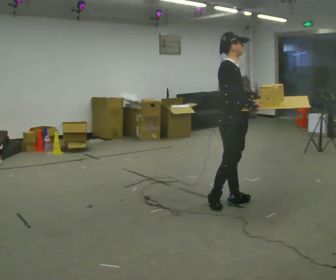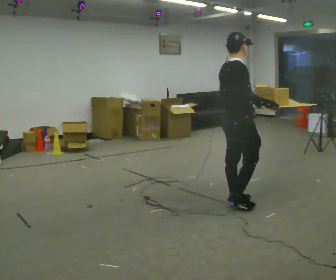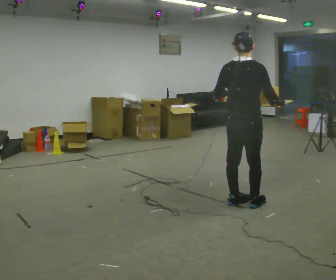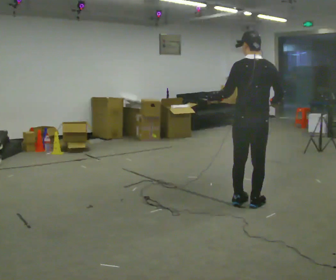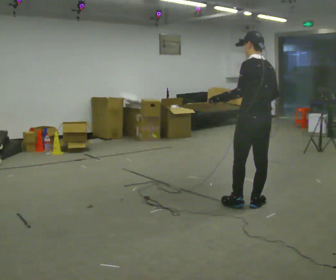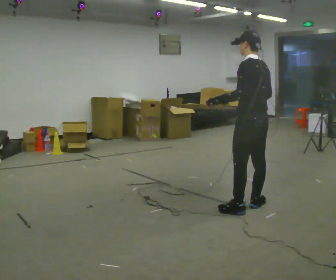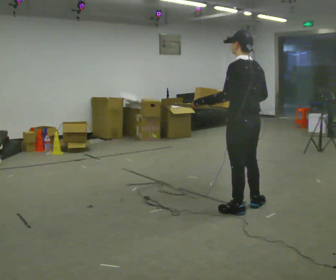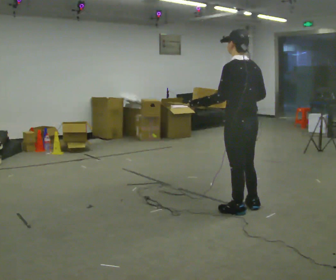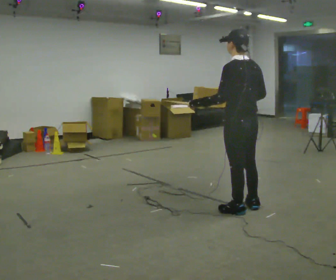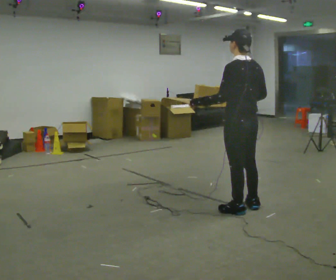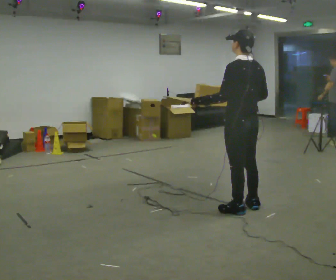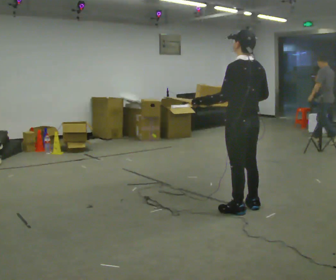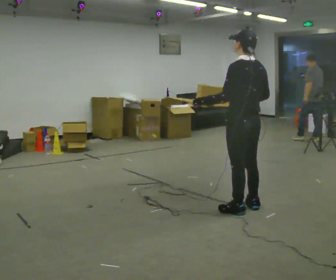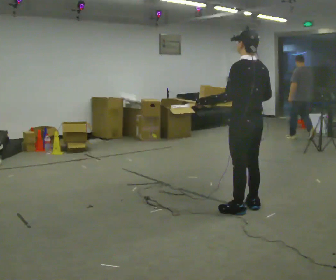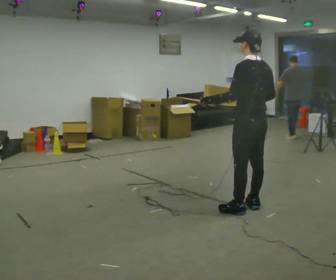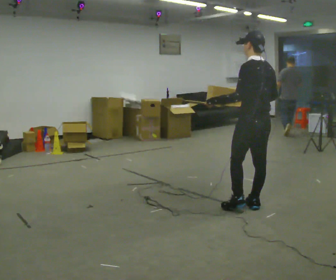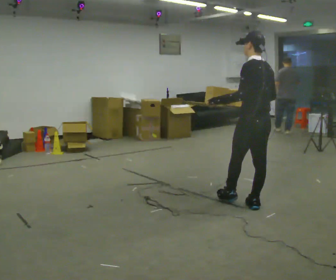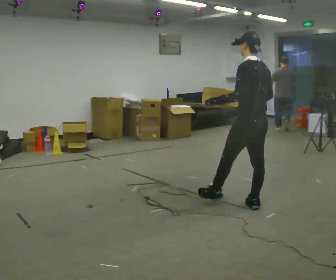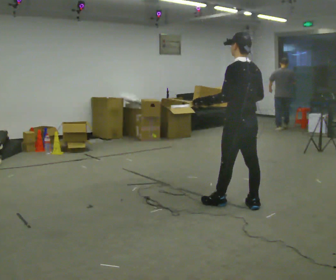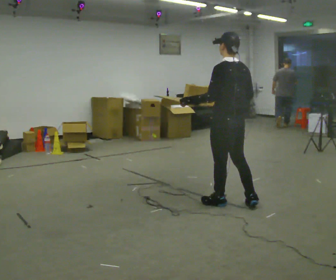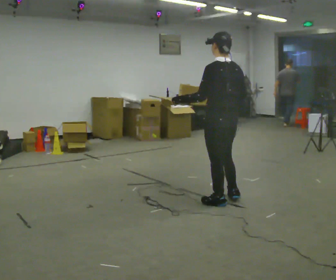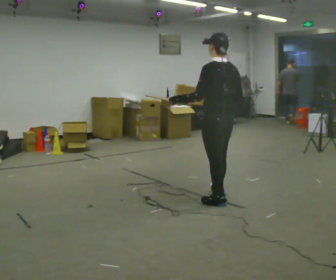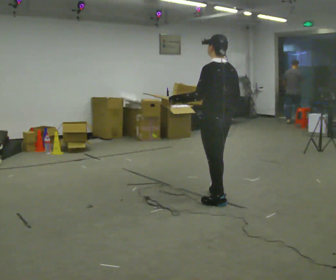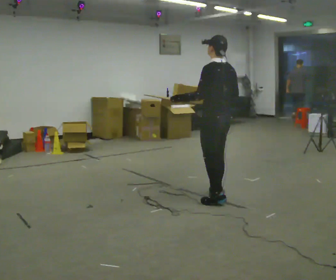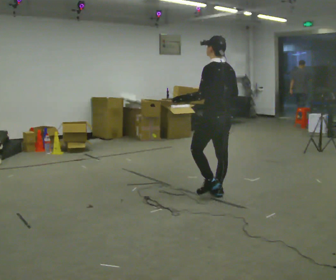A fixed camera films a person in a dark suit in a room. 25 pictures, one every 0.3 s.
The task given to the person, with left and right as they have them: Carry the loaded tray flat and level in both hands, walking back and forth across the room. Try not to let anything slide off.
0.0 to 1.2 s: Seen from above the body turns counterclockwise, about 135 degrees: to their left, with its near side sliding to the right. In the picture they go to the right, about 0.25 m in 1 step.
1.2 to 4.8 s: The person moves a little, or ends about where they began.
4.8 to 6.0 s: In the picture they go to the left, about 0.25 m in 1 step, which for them is forward and to their left.
6.0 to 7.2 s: In the picture they go away from the camera, about 0.25 m in 1 step, which for them is forward and to their right.
The film runs forward here.
